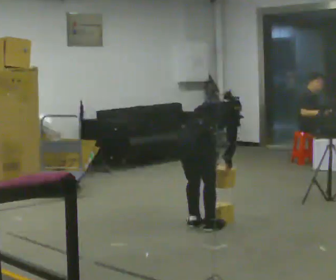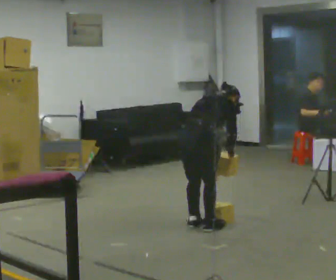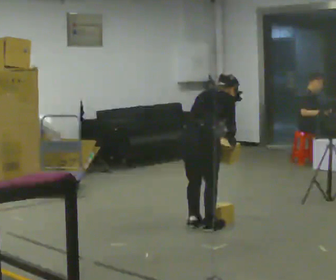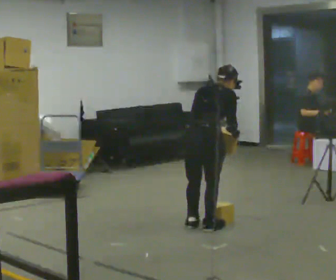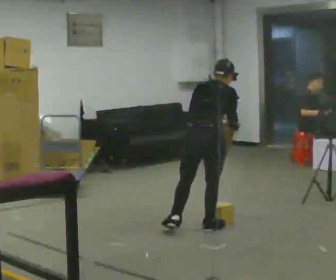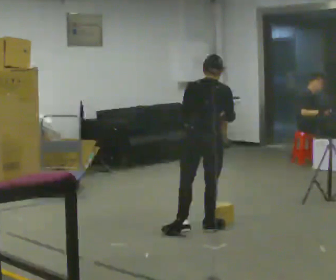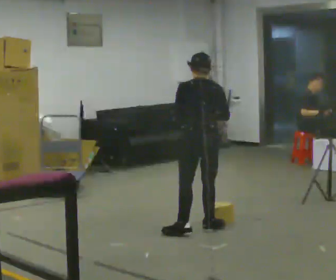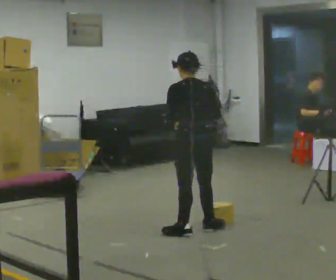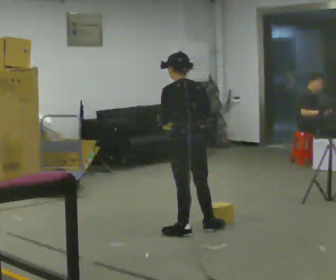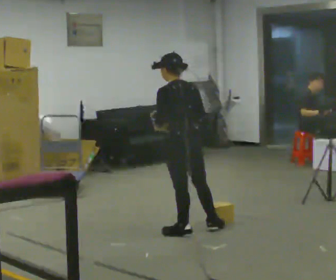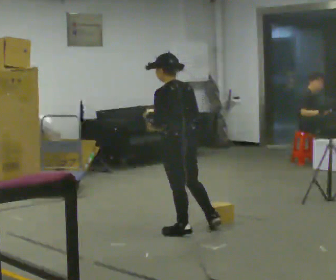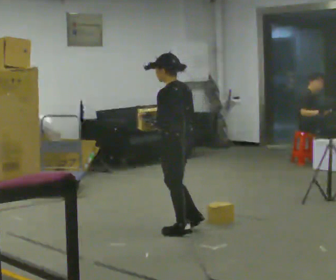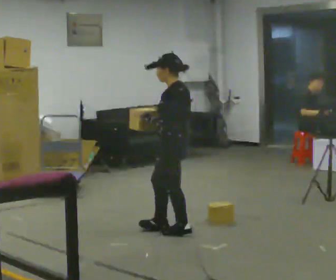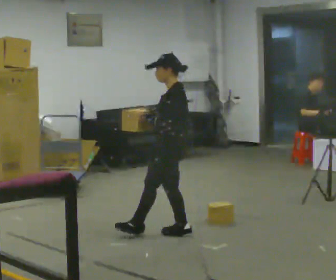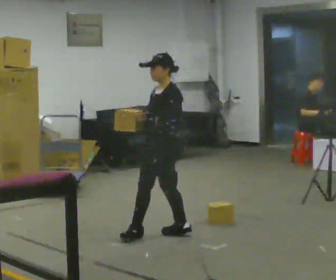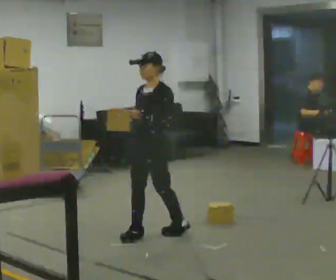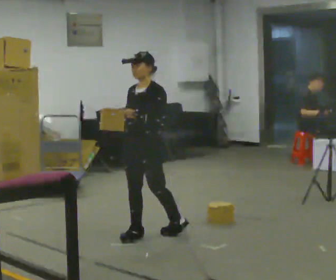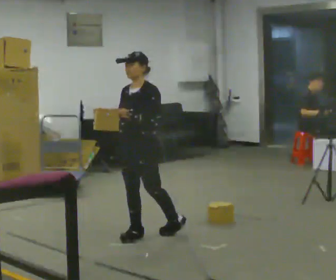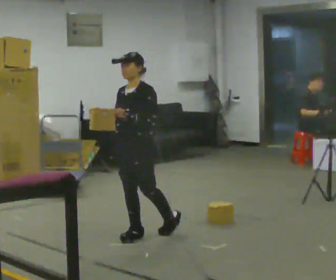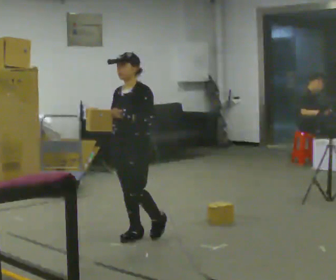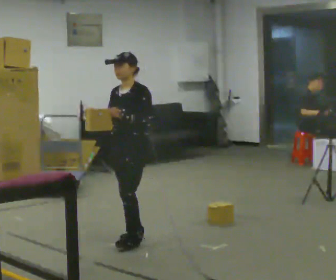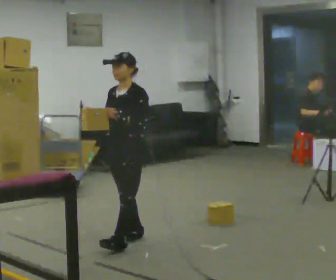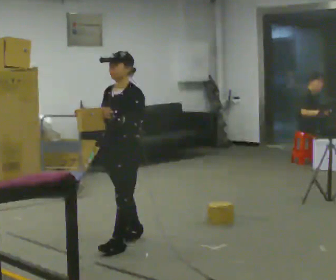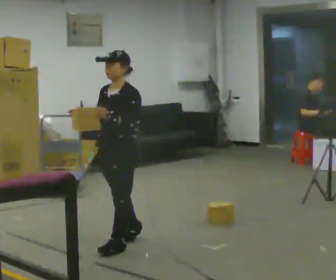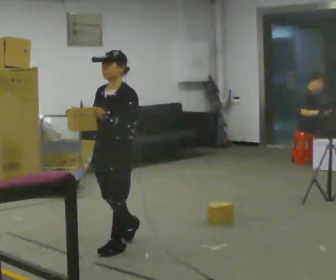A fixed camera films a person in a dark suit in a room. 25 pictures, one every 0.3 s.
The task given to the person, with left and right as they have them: Pick an object up off the floor, carry it across the room, and place it on the highest shelf you can comfortably reach. Keep going until the operator says stop; one object at a time, and do not rush between trips.
0.0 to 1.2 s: The shoulders move upward. The upper body tips toward the camera, its near side rolling downward, as they lean back or straighten. In the picture their left hand goes upward.
1.2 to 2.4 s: Seen from above the body turns counterclockwise, about 45 degrees: to their left, with its near side sliding to the right. In the picture the upper body tilts counterclockwise, shoulders to the left, as they lean back or straighten. In the picture their right hand goes to the left.
2.4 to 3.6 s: The person turns about 45 degrees to their left, counterclockwise seen from above, so the part of the body nearest the lens slides to the right.
3.6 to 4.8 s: The person turns about 60 degrees to their left, counterclockwise seen from above, so the part of the body nearest the lens slides to the right. In the picture they go to the left, about 0.25 m in 1 step. In the picture their right hand goes to the left.
4.8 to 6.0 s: The person moves a little, or ends about where they began.
6.0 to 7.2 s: In the picture they go toward the camera, about 0.25 m in 1 step, which for them is forward and to their left.
The film runs forward here.
